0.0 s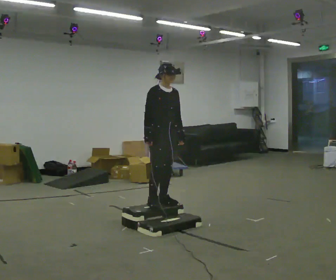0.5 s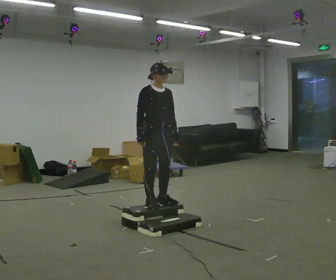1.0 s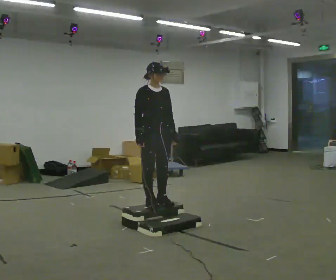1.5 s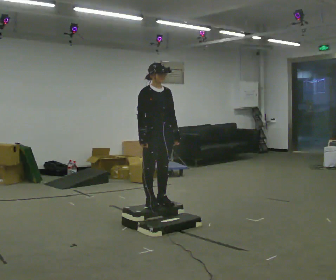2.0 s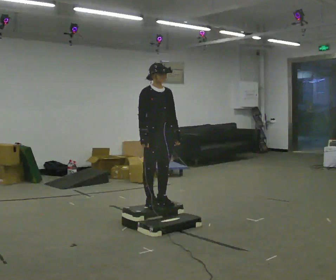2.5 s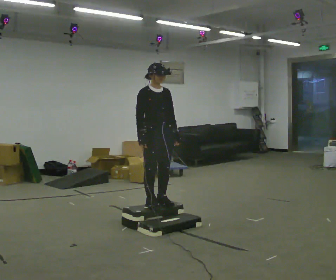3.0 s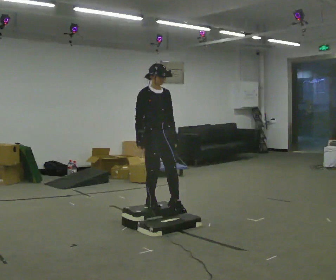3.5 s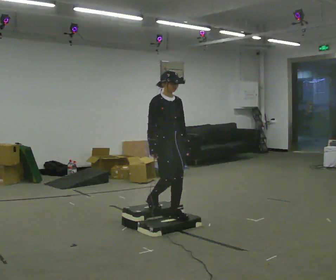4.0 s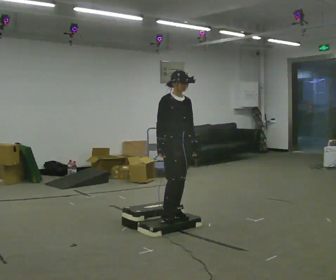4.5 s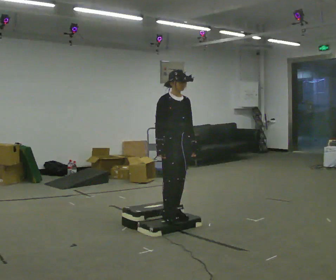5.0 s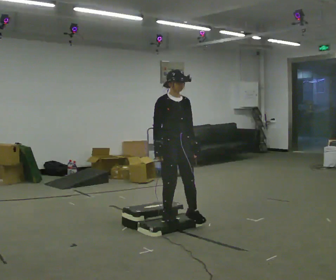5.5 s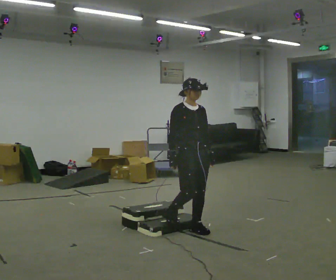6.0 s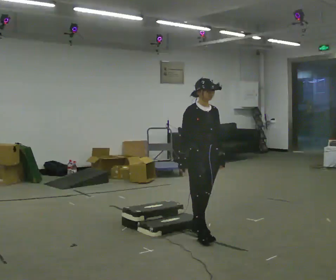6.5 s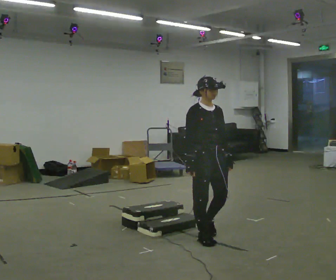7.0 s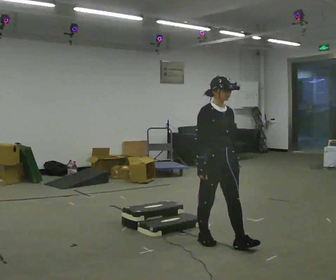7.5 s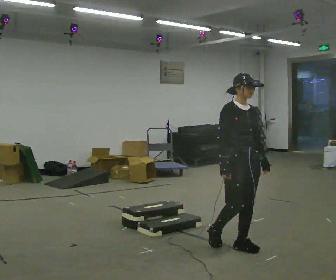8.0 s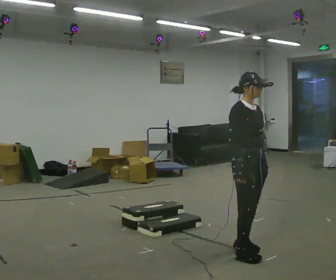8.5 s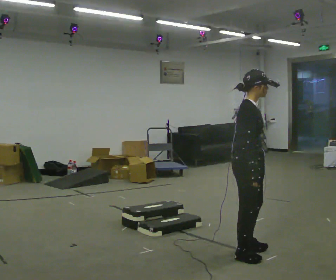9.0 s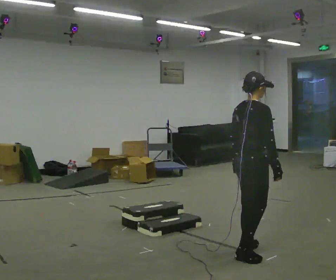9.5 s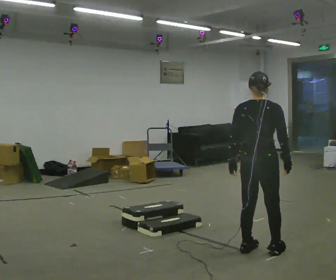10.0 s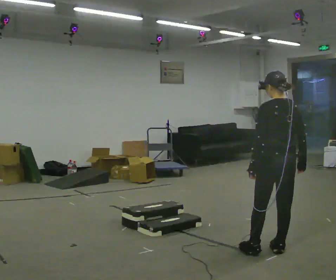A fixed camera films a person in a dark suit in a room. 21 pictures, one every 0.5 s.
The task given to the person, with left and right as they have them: Walk up the three steps, turn at the top, and walk back down at a comfortable speed. Use the handrail only if you need it.
0.0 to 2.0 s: The person moves a little, or ends about where they began.
2.0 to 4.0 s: In the picture they go to the right, about 0.25 m in 2 steps, which for them is forward.
4.0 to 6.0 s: In the picture they go toward the camera and to the right, about 0.5 m in 2 steps, which for them is forward.
6.0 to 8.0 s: In the picture they go toward the camera and to the right, about 0.75 m in 2 steps, which for them is forward.
8.0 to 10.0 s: The part of the body nearest the lens slides to the right as the person turns to their left by about 150 degrees. In the picture they go to the right, about 0.25 m in 1 step.
The film runs forward here.
